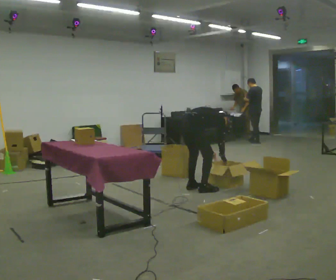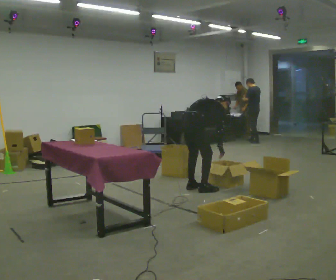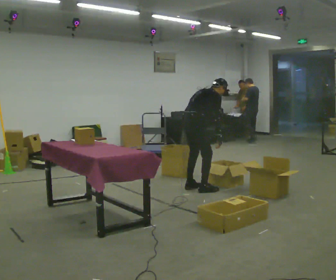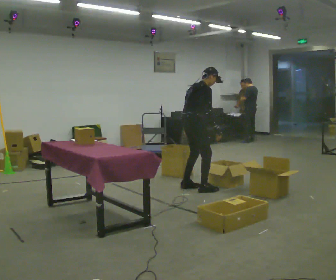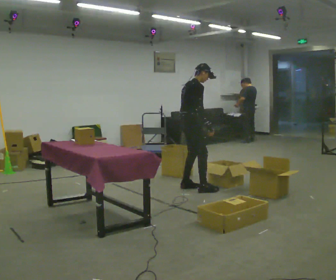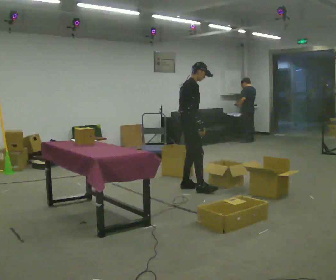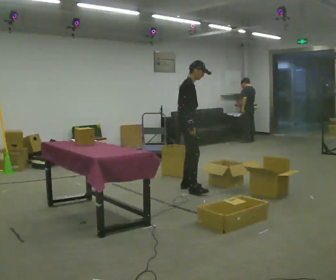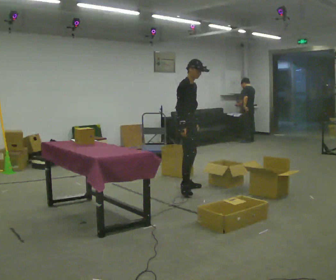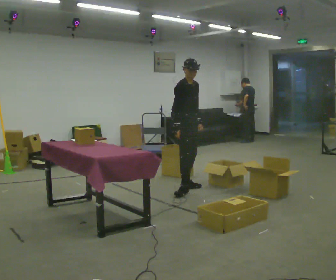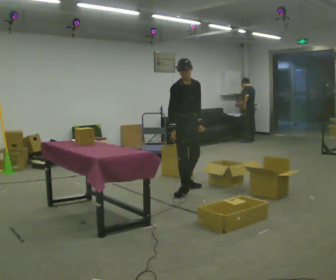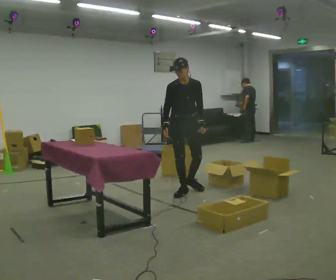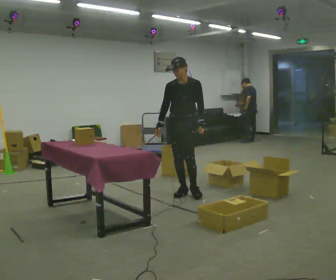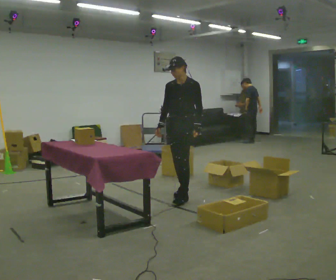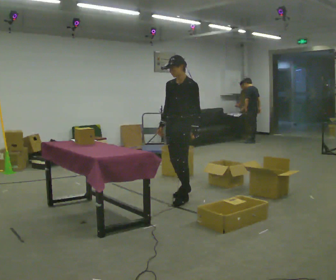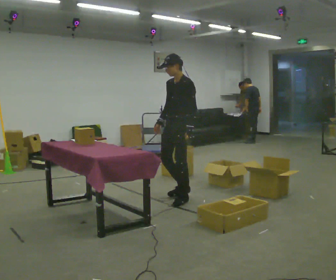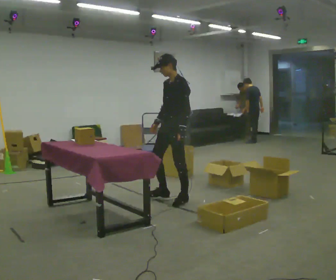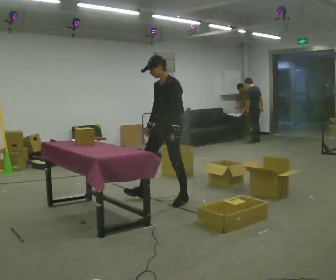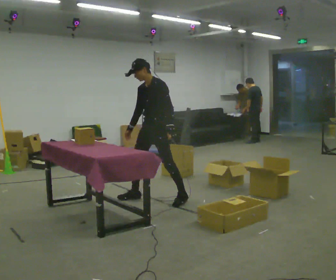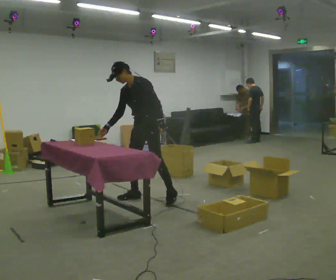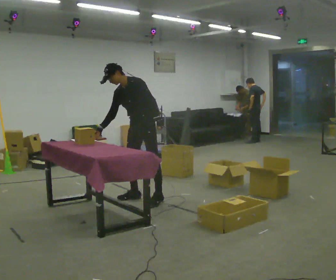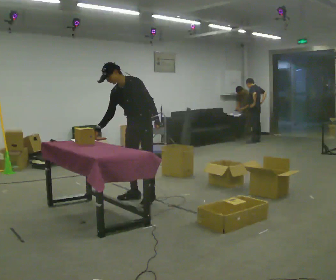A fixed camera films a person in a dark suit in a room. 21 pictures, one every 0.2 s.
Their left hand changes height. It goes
upward.
The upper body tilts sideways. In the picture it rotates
counterclockwise.
0.0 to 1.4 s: The person turns about 60 degrees to their right, clockwise seen from above, so the part of the body nearest the lens slides to the left. In the picture they go away from the camera, about 0.25 m in 1 step. The shoulders move upward. In the picture the upper body tilts counterclockwise, shoulders to the left, as they lean back or straighten. In the picture their right hand goes to the left and upward.
1.4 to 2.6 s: The part of the body nearest the lens slides to the left as the person turns to their right by about 105 degrees. In the picture they go toward the camera, about 0.5 m in 1 step.
2.6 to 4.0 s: In the picture they go to the left, about 0.5 m in 2 steps, which for them is to their right and forward. In the picture the upper body tilts counterclockwise, shoulders to the left, as they bend forward.
The film runs forward here.
